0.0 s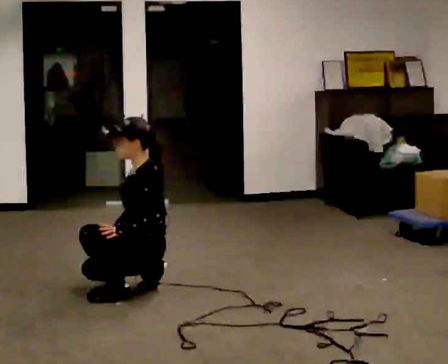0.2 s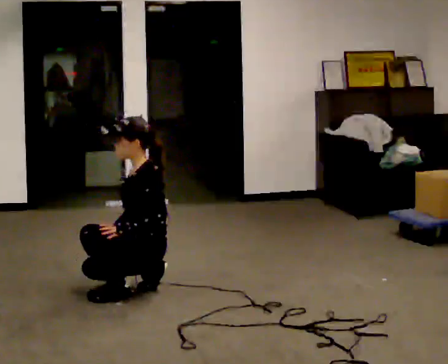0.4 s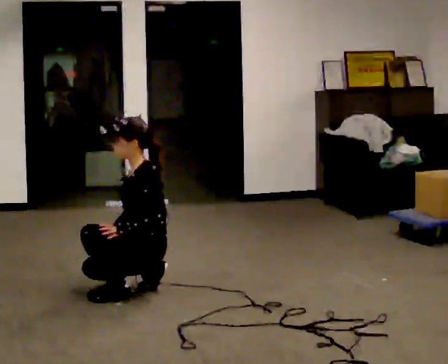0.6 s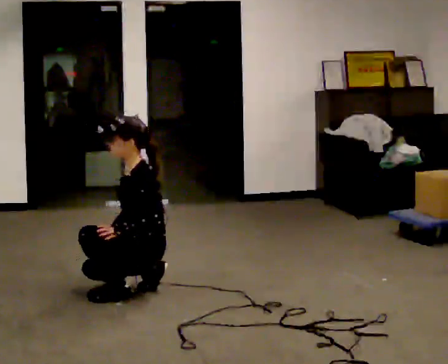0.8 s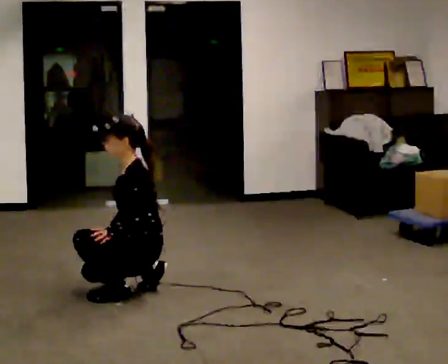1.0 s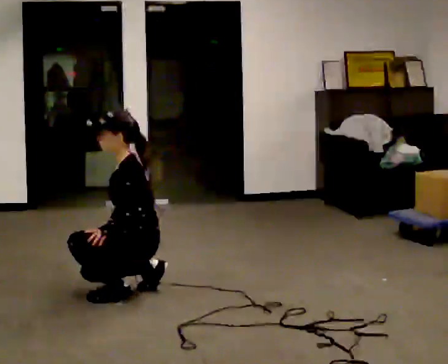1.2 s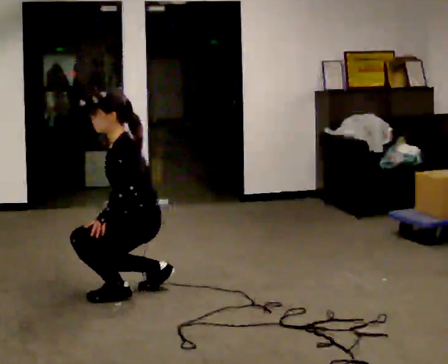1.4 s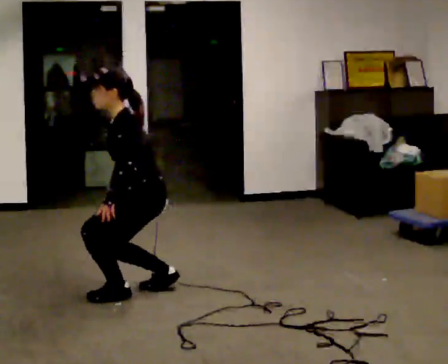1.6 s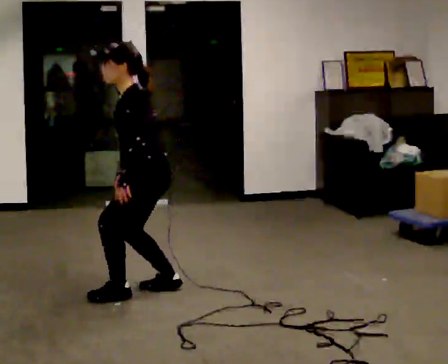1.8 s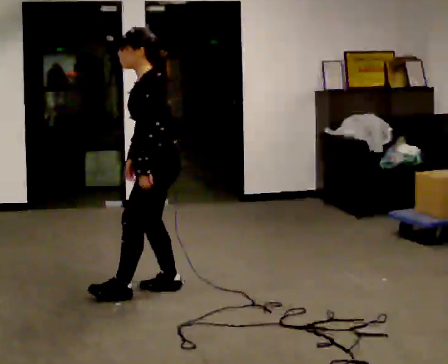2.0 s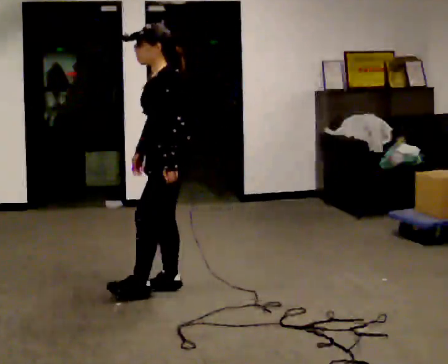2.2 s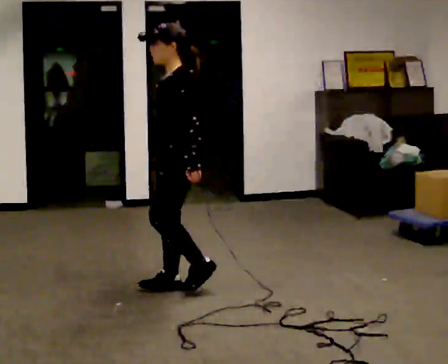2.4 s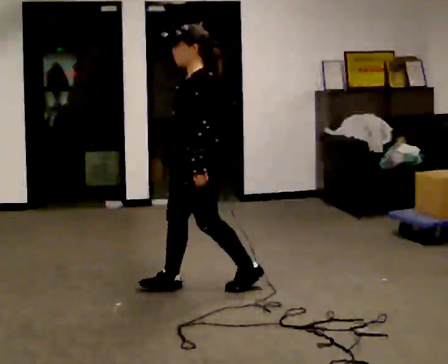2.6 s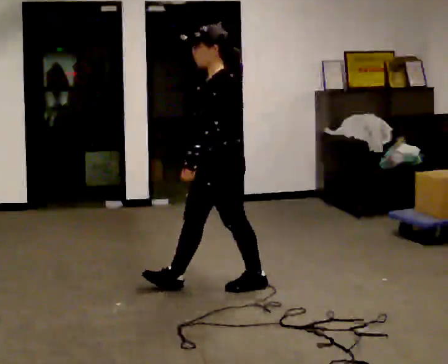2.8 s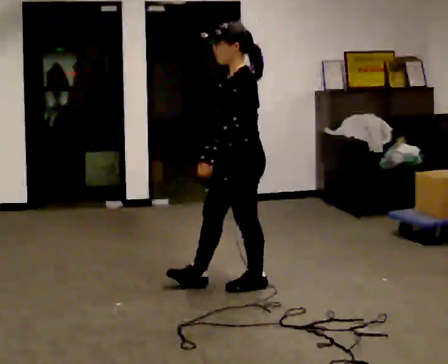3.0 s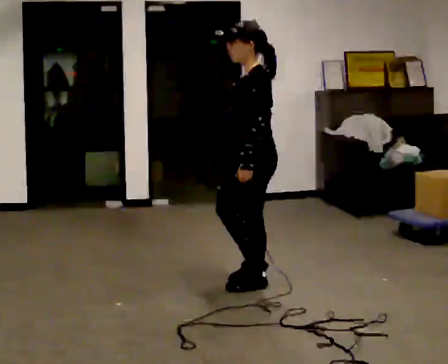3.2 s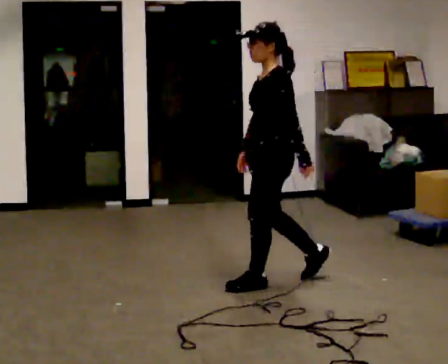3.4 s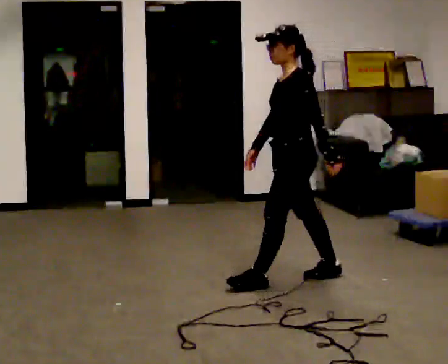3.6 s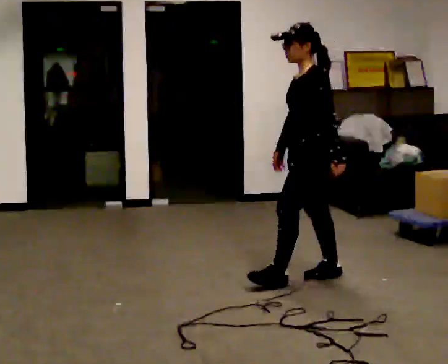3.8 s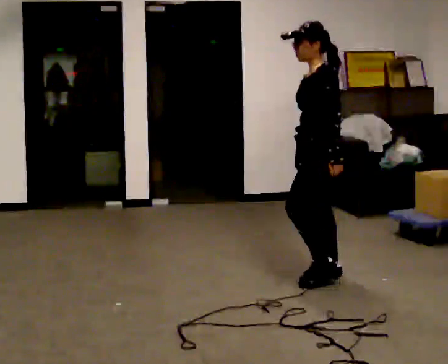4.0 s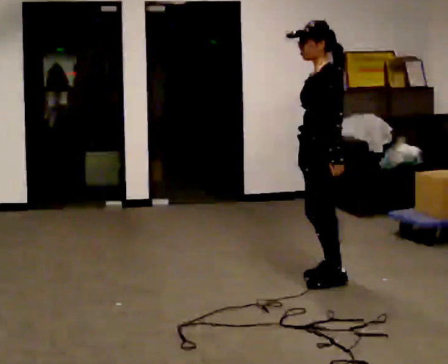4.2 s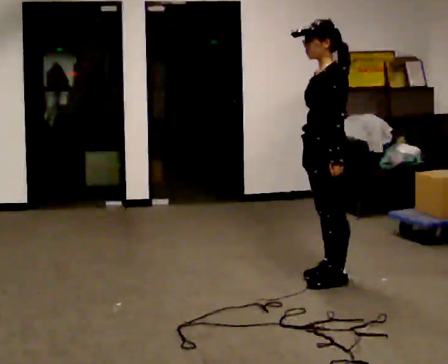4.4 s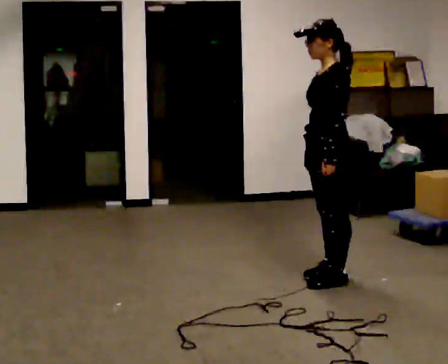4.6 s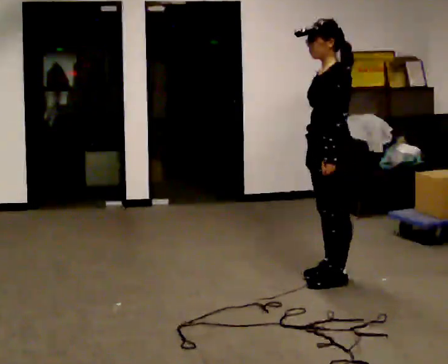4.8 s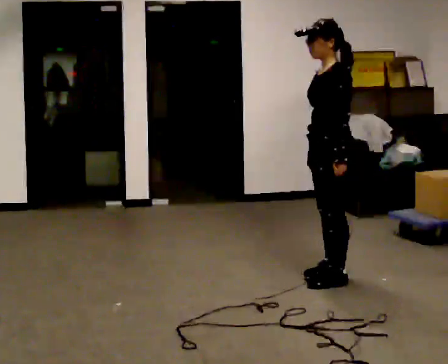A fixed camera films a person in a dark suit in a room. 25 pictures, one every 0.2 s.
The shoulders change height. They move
upward.
The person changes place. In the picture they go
to the right.
0.0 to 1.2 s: The person moves a little, or ends about where they began.
1.2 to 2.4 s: In the picture they go to the right, about 0.25 m in 1 step, which for them is backward. The upper body goes upward. In the picture the upper body tilts clockwise, shoulders to the right, as they lean back or straighten. In the picture their left hand goes upward.
2.4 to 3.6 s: In the picture they go to the right, about 0.5 m in 2 steps, which for them is backward.
3.6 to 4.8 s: In the picture they go to the right, about 0.25 m, which for them is backward.
The film runs backward here.
